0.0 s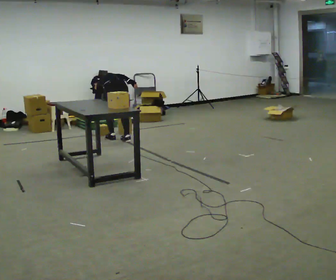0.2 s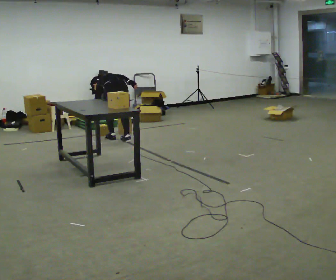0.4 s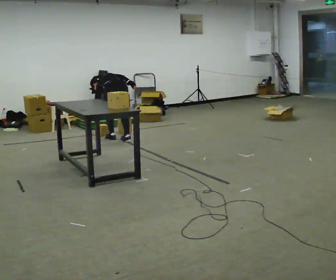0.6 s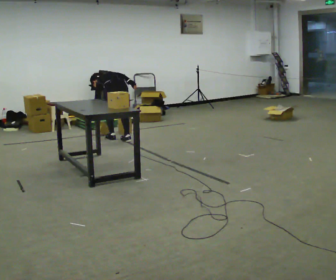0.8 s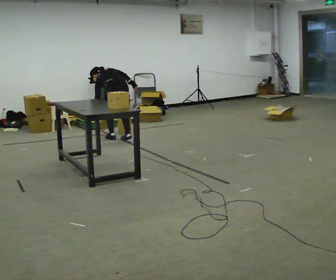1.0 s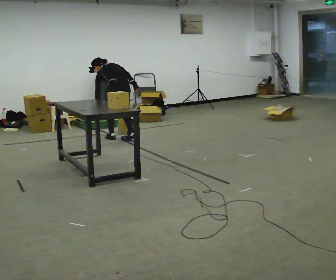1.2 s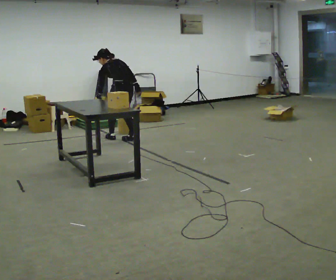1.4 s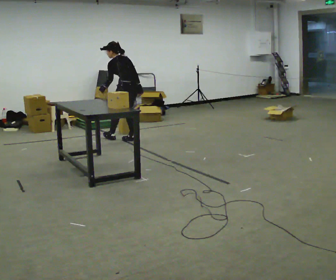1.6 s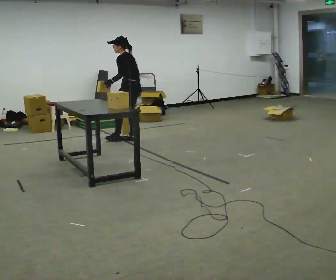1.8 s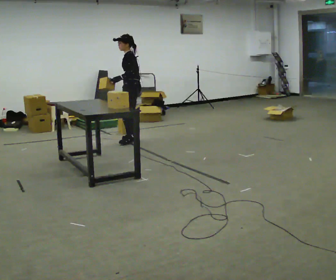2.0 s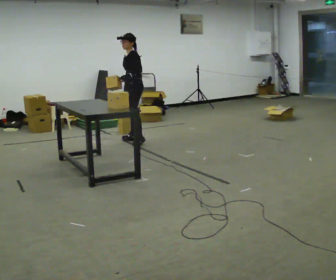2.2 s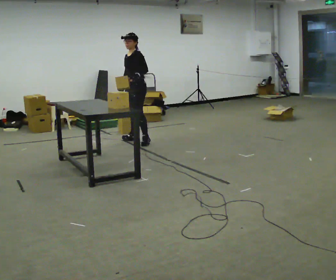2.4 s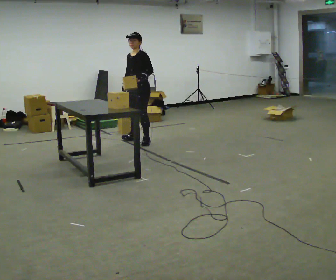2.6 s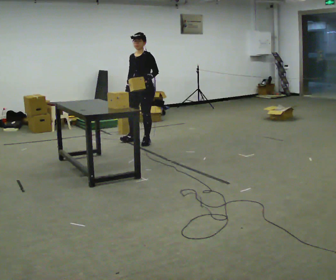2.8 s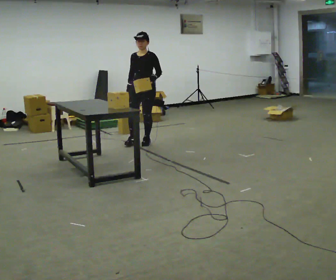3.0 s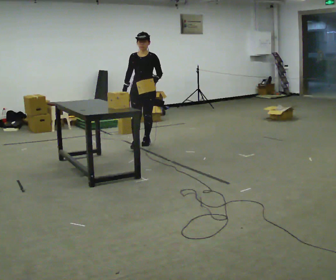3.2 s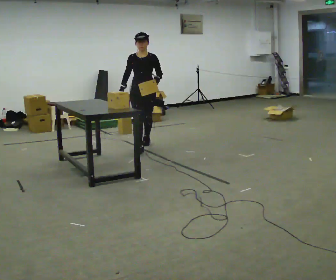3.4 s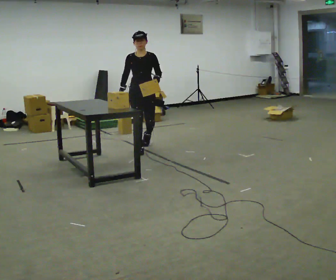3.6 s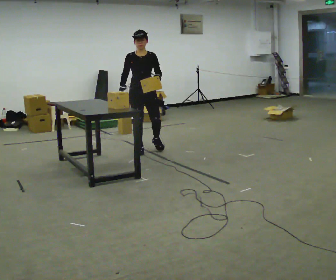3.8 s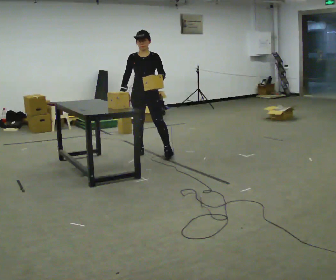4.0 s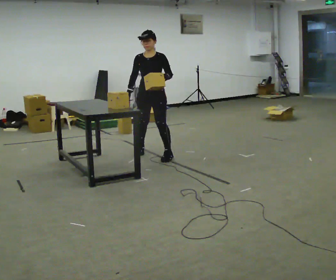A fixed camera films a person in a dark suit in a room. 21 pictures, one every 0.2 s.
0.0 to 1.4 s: Seen from above the body turns counterclockwise, about 30 degrees: to their left, with its near side sliding to the right. In the picture they go to the right, about 0.25 m, which for them is to their right. The shoulders move upward. The upper body tips toward the camera, its near side rolling downward, as they lean back or straighten.
1.4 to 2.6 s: The part of the body nearest the lens slides to the right as the person turns to their left by about 90 degrees. In the picture they go to the right and toward the camera, about 0.25 m in 1 step.
2.6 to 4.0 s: The person turns about 30 degrees to their left, counterclockwise seen from above, so the part of the body nearest the lens slides to the right. In the picture they go toward the camera, about 0.75 m in 2 steps, which for them is forward.
The film runs forward here.
